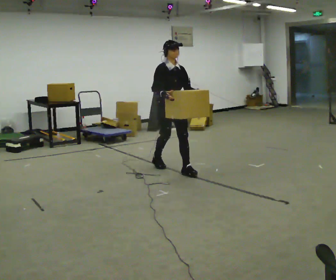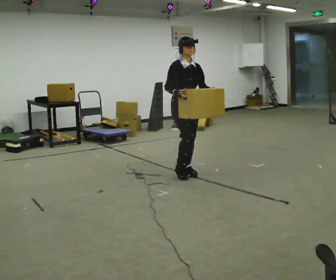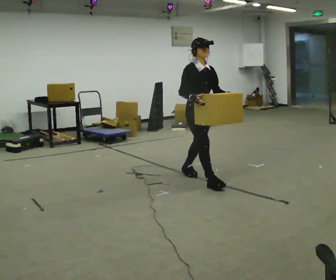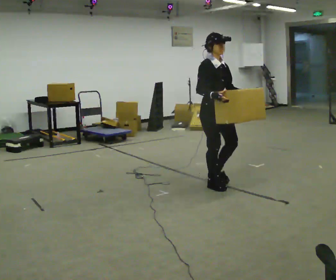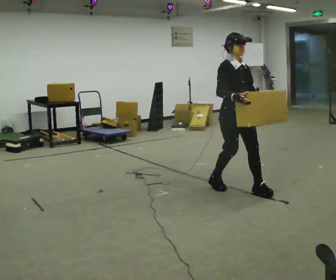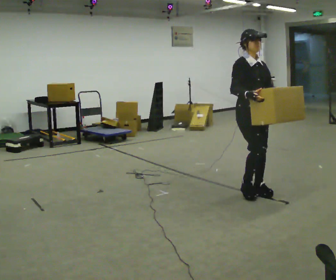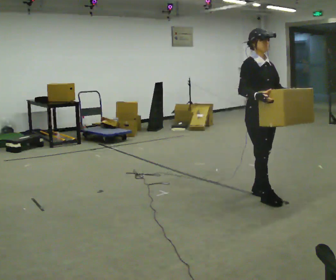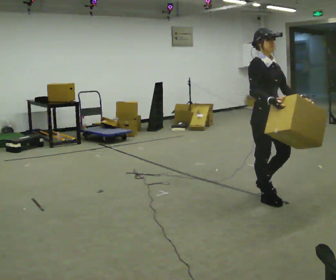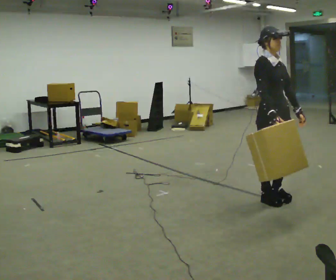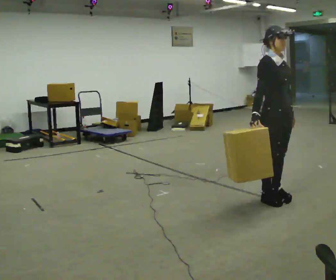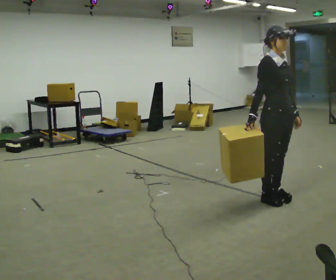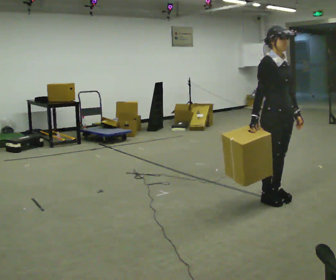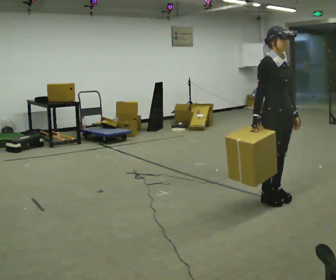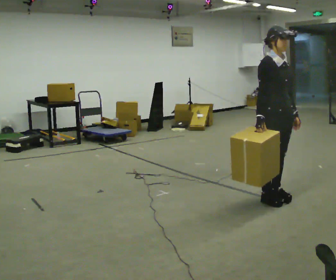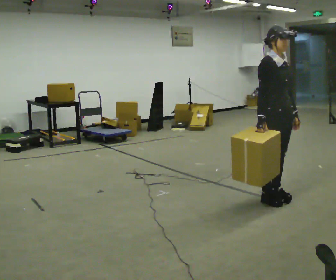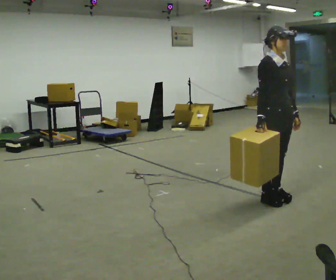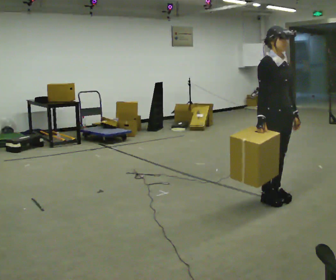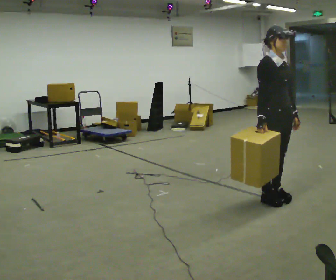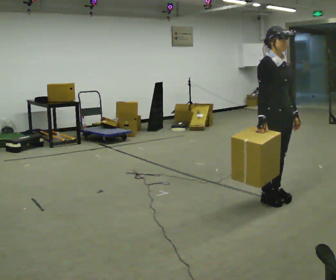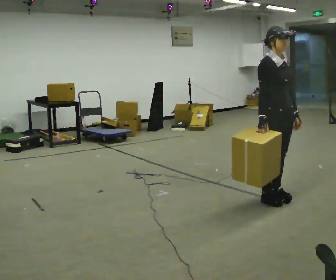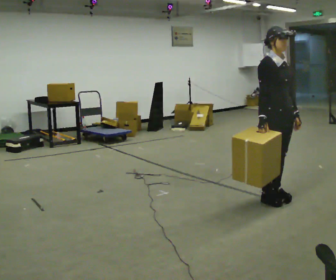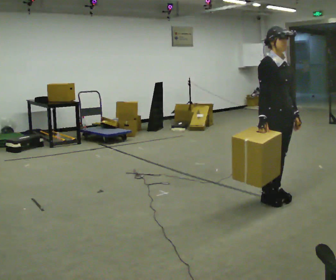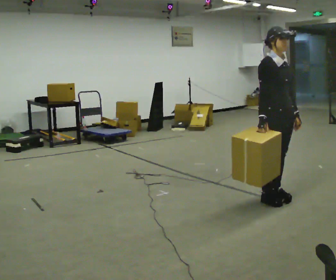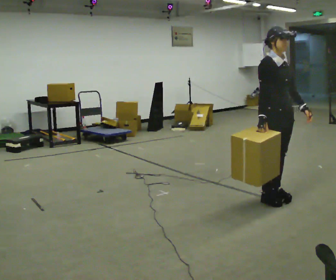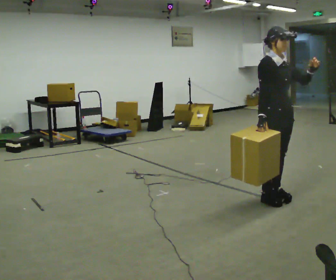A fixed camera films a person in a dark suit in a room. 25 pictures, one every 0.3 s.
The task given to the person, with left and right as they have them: Carry the large light object across the room, back and forth. It is awkward rather than heavy, so hold it however works.
0.0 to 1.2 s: In the picture they go to the right and toward the camera, about 1 m in 2 steps, which for them is forward.
1.2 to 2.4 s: In the picture they go to the right and toward the camera, about 0.5 m in 2 steps, which for them is forward.
2.4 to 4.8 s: The person moves a little, or ends about where they began.
4.8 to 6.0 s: The person keeps their place and pose.
6.0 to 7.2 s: In the picture their left hand goes upward, the arm swinging counterclockwise.
The film runs forward here.
